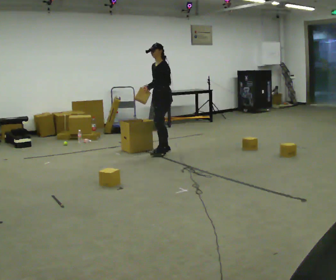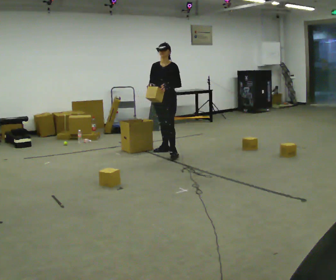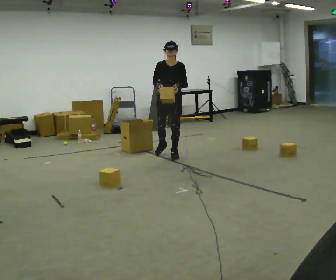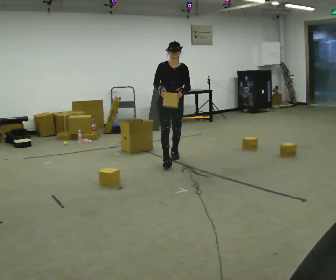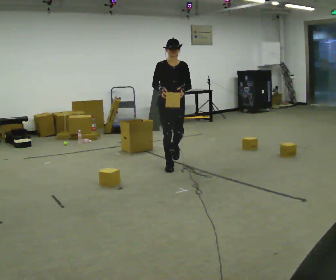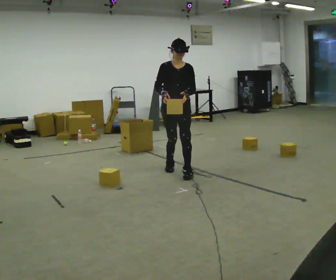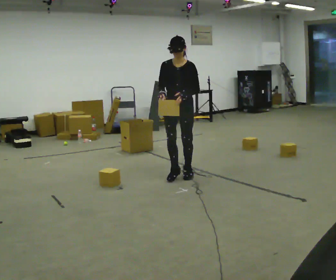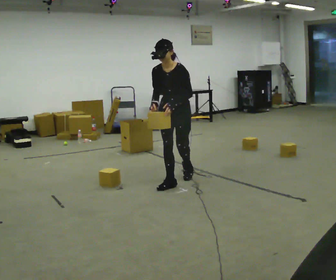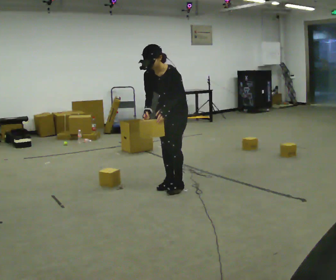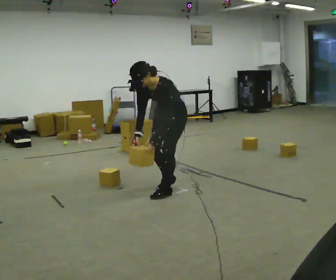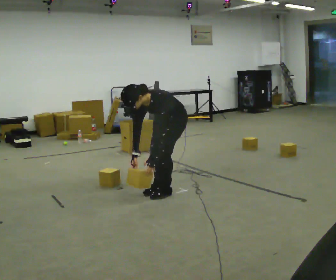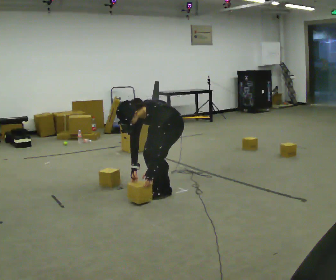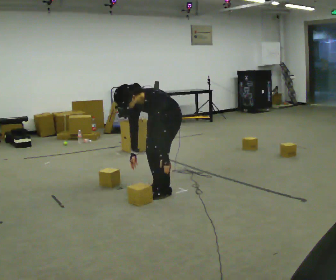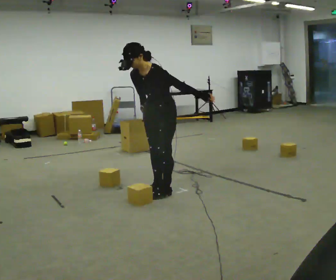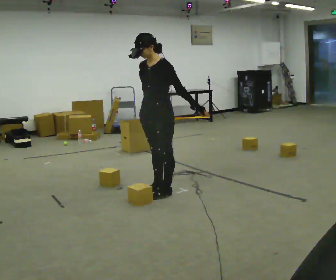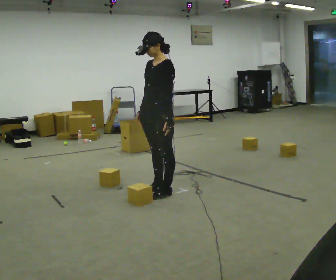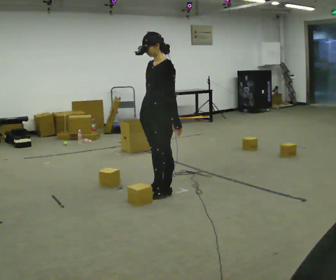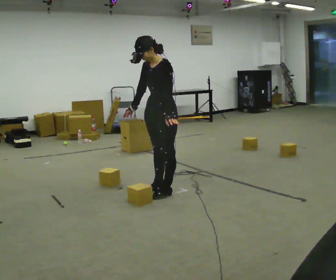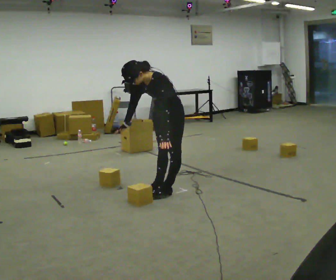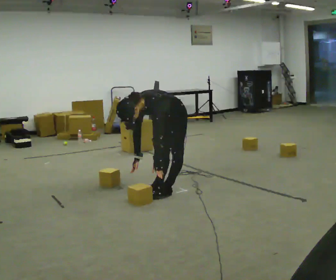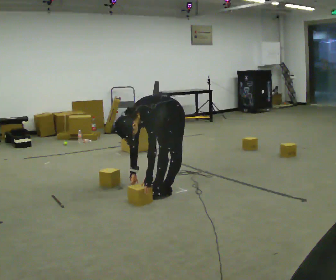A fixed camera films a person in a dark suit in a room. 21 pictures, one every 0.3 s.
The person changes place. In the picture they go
toward the camera.
0.0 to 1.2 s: The person turns about 75 degrees to their left, counterclockwise seen from above, so the part of the body nearest the lens slides to the right. In the picture they go toward the camera, about 1 m in 2 steps.
1.2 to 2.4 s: Seen from above the body turns clockwise, about 45 degrees: to their right, with its near side sliding to the left. In the picture they go toward the camera, about 1 m in 2 steps, which for them is forward. The upper body tips toward the camera, its near side rolling downward, as they bend forward.
2.4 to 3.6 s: In the picture they go toward the camera, about 0.25 m in 2 steps, which for them is forward. In the picture their left hand goes downward.
3.6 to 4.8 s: The upper body goes upward. In the picture the upper body tilts clockwise, shoulders to the right, as they lean back or straighten. In the picture their right hand goes upward.
4.8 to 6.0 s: The upper body goes downward. In the picture the upper body tilts counterclockwise, shoulders to the left, as they bend forward. In the picture their right hand goes downward.
The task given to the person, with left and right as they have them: Take the objects from the bin one at a time and put one in each of the places the operator points out. Keep going until the operator says stop; one object at a time, and do not rush between trips.
The film runs forward here.
